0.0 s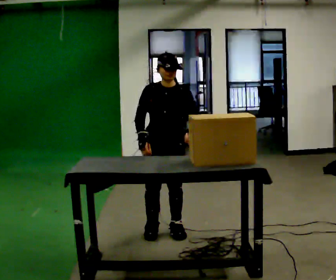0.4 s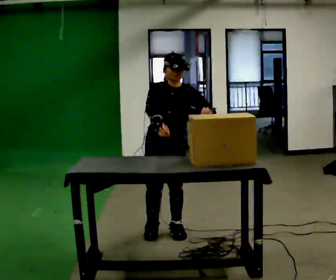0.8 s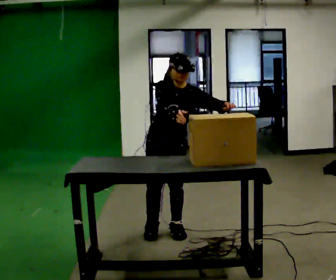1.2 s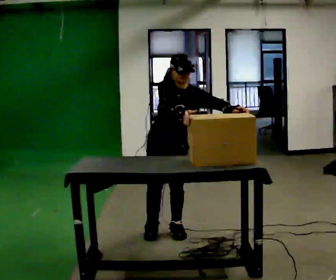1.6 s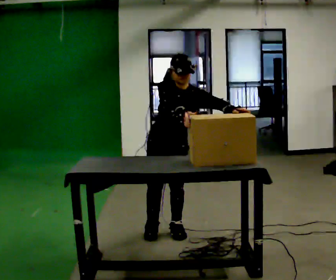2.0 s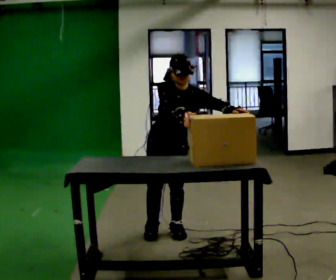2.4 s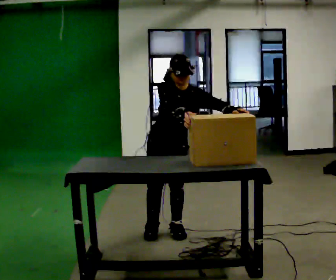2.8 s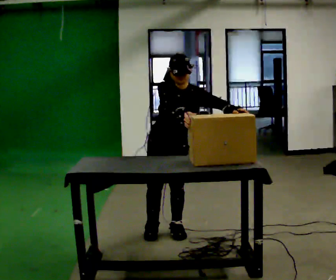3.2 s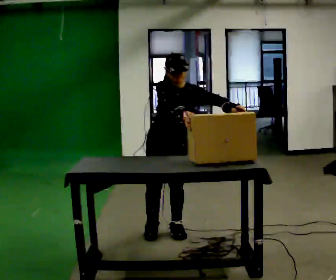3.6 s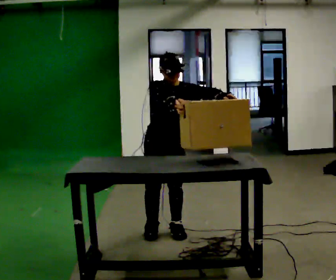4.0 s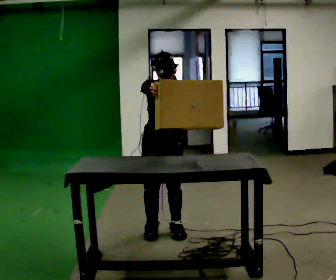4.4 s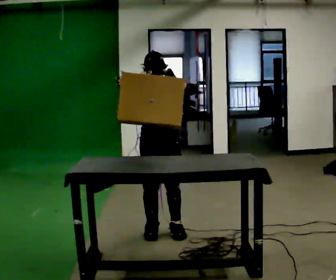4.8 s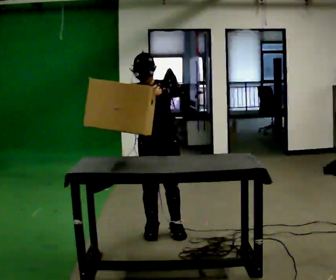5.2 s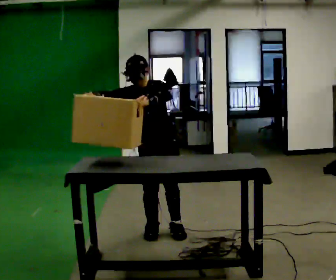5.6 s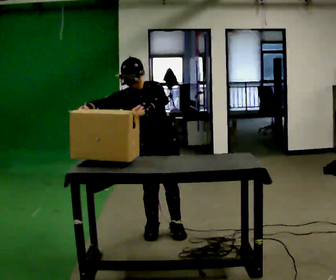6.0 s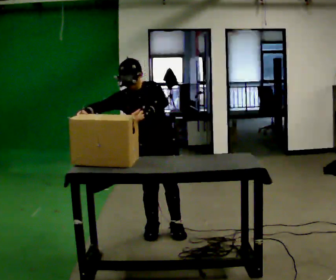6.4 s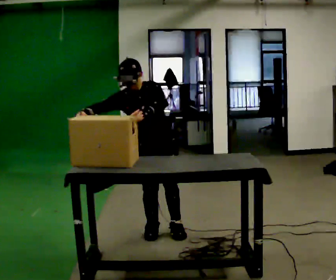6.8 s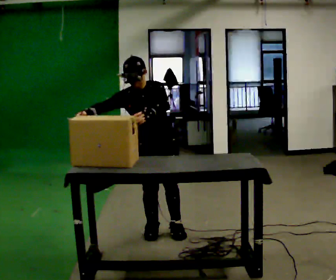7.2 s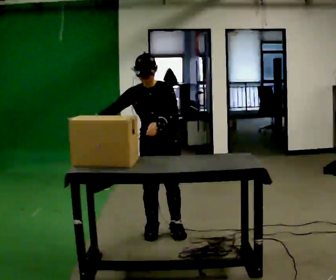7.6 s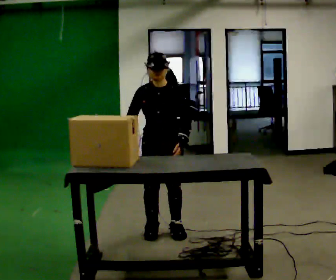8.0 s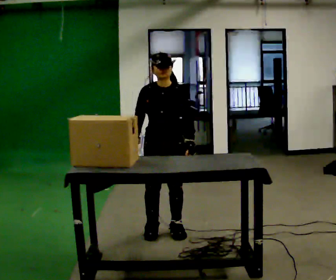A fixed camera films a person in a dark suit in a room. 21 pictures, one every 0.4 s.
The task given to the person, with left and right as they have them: Lift the heavy object with both hands and set it down again in a different spot on the same surface. Repeat at your own pace until the operator says stop. Keep both feet on the marked spots for the whole take. If you have to step, stop and tell the operator.
0.0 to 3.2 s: The person moves a little, or ends about where they began.
3.2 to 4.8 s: In the picture the upper body tilts counterclockwise, shoulders to the left. In the picture their right hand goes to the left.
4.8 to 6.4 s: The person moves a little, or ends about where they began.
6.4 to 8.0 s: In the picture the upper body tilts clockwise, shoulders to the right. In the picture their left hand goes to the right and downward.
The film runs forward here.
